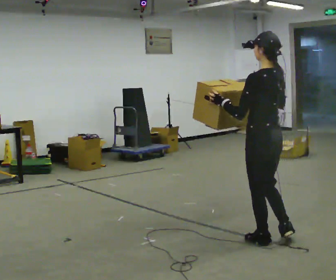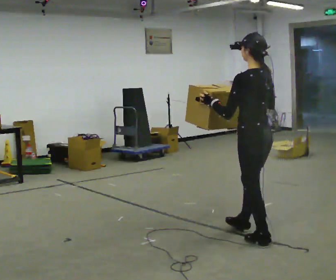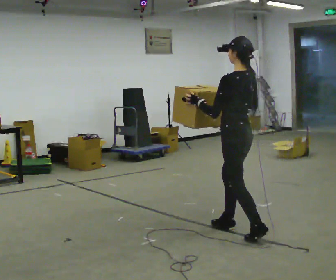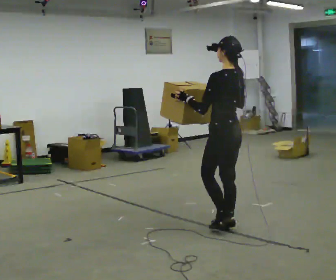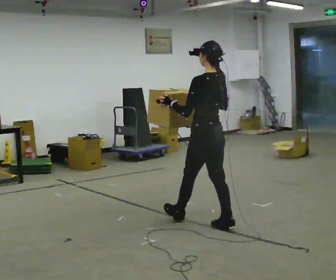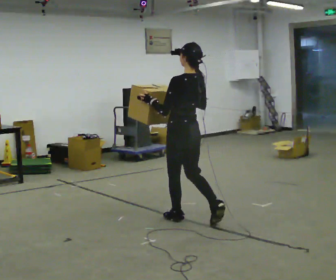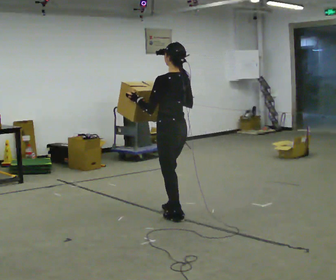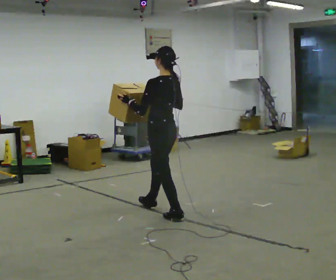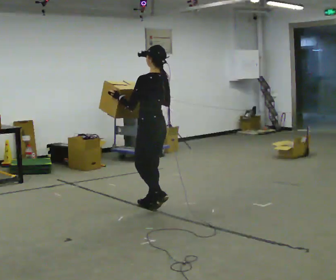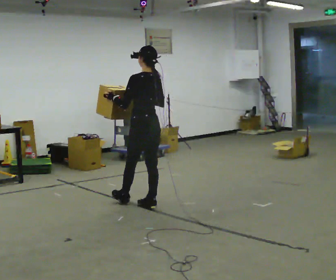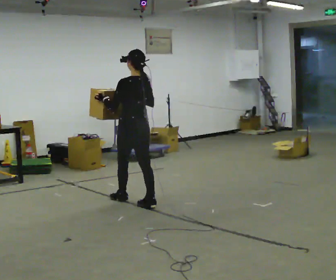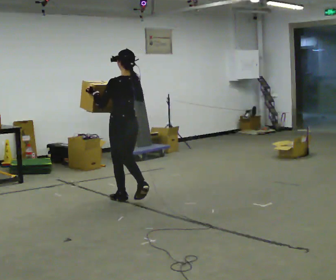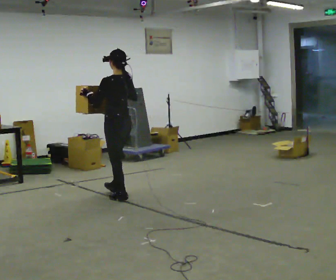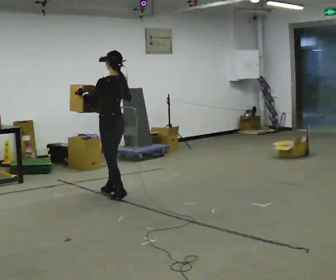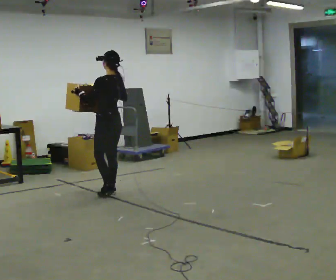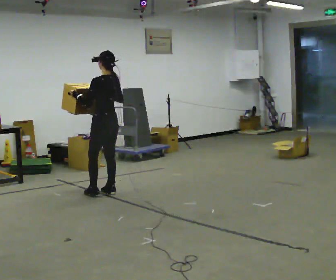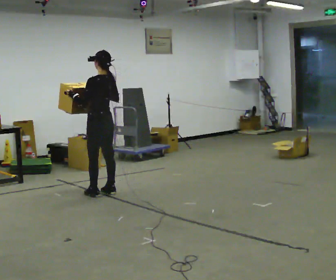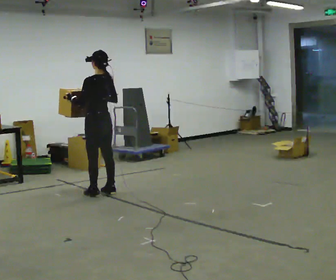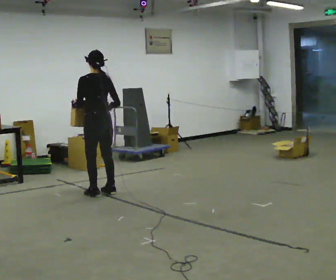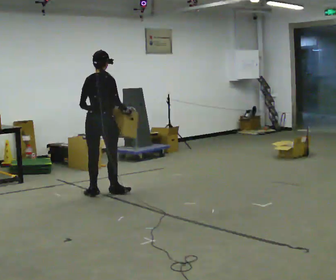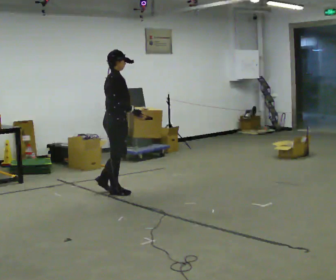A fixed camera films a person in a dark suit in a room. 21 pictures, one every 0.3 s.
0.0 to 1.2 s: In the picture they go away from the camera and to the left, about 0.75 m in 2 steps, which for them is forward.
1.2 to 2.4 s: In the picture they go away from the camera and to the left, about 1 m in 1 step, which for them is forward.
2.4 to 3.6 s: In the picture they go away from the camera and to the left, about 0.5 m in 1 step, which for them is forward.
3.6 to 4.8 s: In the picture they go away from the camera and to the left, about 0.25 m in 2 steps, which for them is forward.
4.8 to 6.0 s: The person turns about 120 degrees to their right, clockwise seen from above, so the part of the body nearest the lens slides to the left. In the picture their right hand goes to the right.
The film runs forward here.
